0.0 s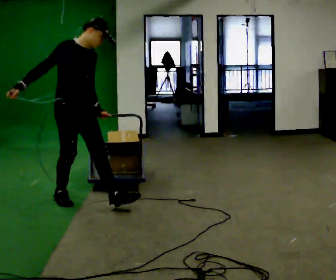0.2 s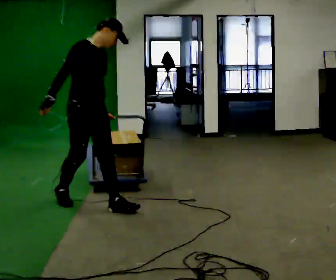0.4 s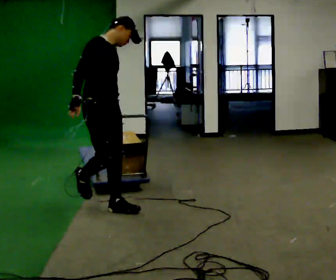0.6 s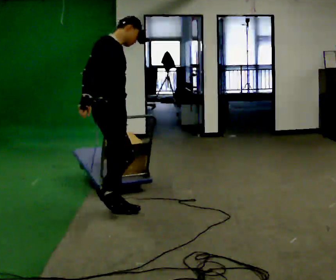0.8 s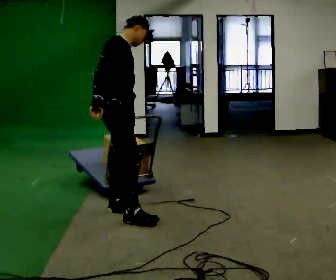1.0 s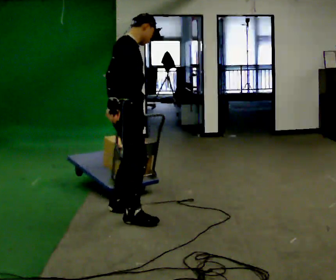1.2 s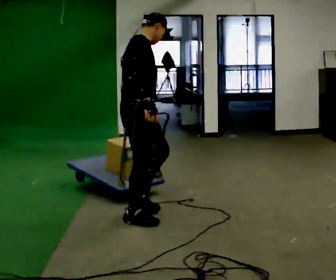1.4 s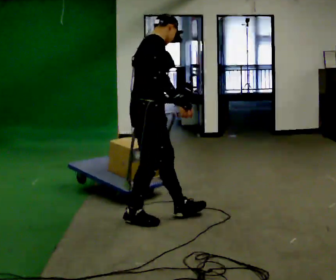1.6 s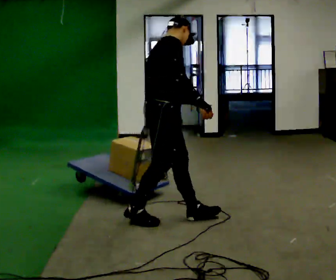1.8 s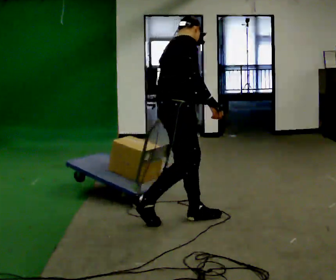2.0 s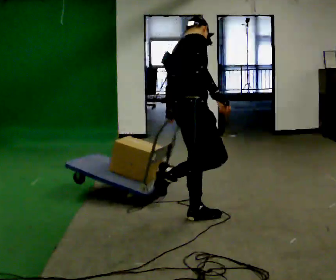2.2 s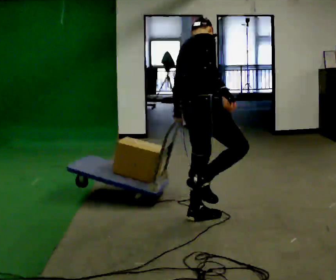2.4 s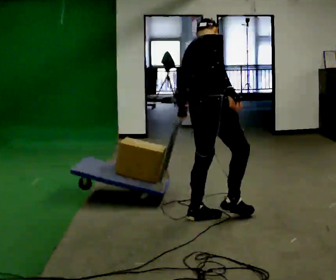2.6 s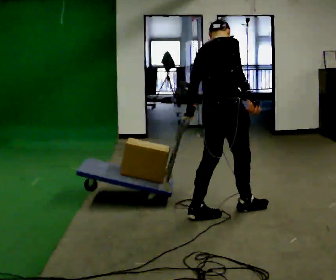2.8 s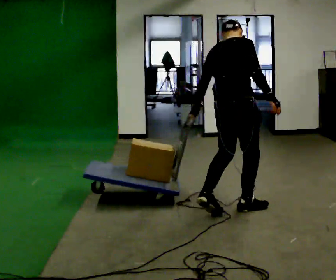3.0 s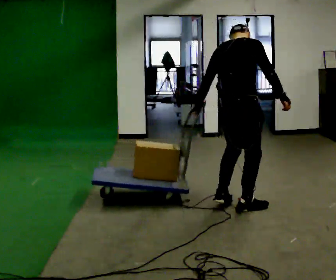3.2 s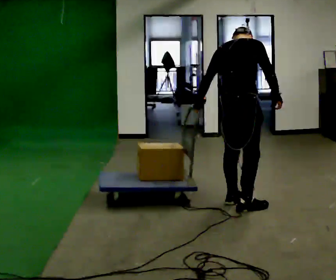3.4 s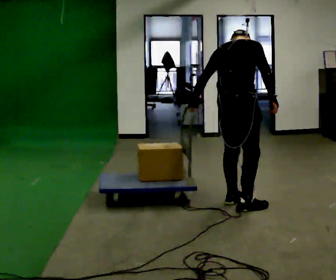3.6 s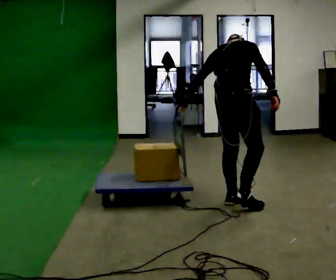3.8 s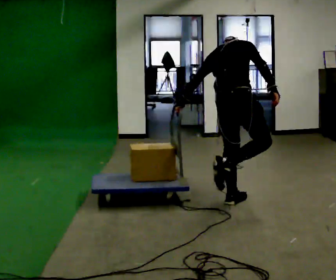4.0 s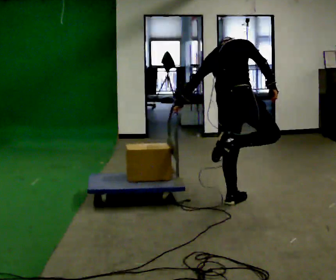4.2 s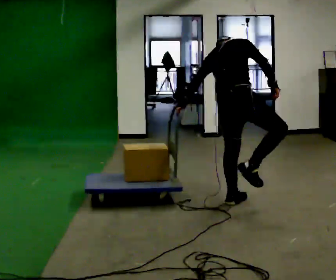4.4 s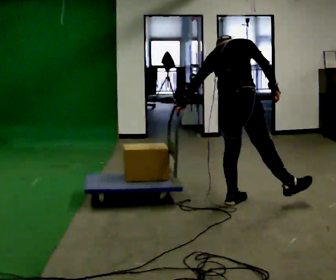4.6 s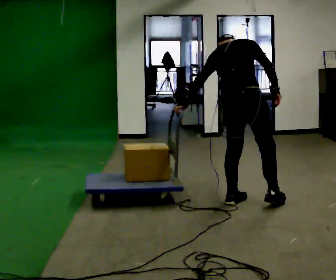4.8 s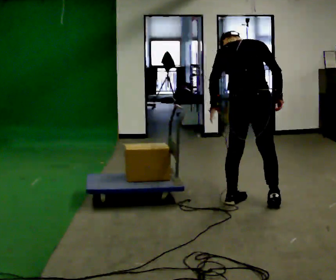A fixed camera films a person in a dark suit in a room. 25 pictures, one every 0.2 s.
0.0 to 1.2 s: The person turns about 30 degrees to their left, counterclockwise seen from above, so the part of the body nearest the lens slides to the right. In the picture they go to the right and toward the camera, about 0.75 m in 2 steps, which for them is forward.
1.2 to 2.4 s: Seen from above the body turns counterclockwise, about 30 degrees: to their left, with its near side sliding to the right. In the picture they go to the right, about 0.5 m in 1 step, which for them is forward.
2.4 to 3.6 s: In the picture they go away from the camera and to the right, about 0.25 m in 2 steps, which for them is forward.
3.6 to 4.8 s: The person turns about 30 degrees to their left, counterclockwise seen from above, so the part of the body nearest the lens slides to the right. In the picture they go to the right, about 0.25 m, which for them is forward.
The film runs forward here.
